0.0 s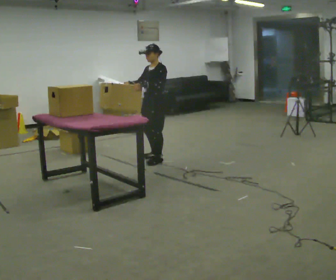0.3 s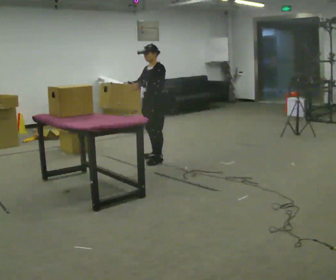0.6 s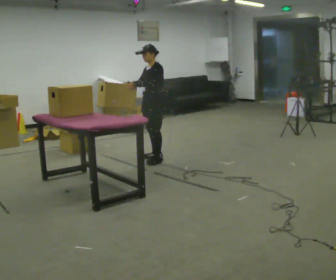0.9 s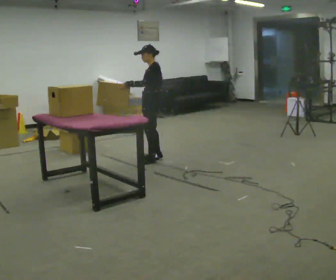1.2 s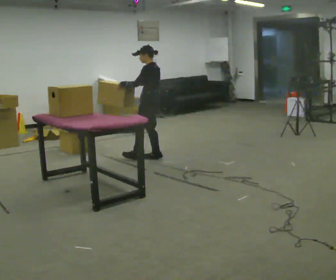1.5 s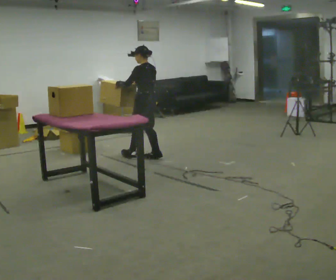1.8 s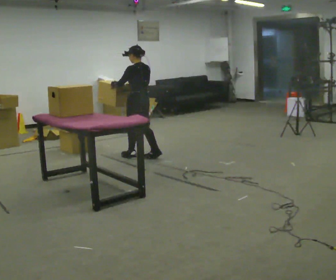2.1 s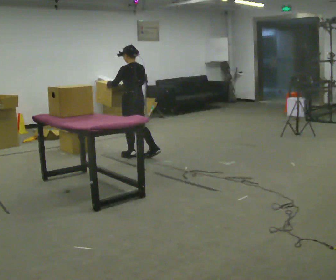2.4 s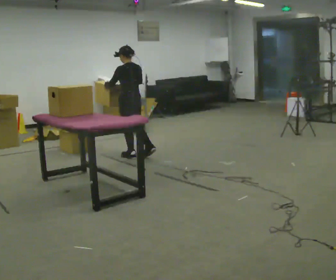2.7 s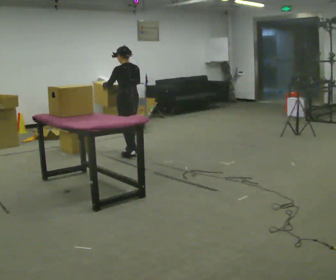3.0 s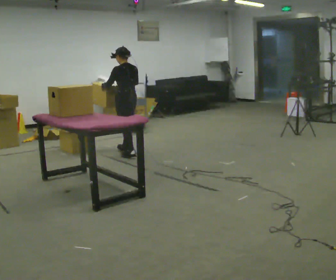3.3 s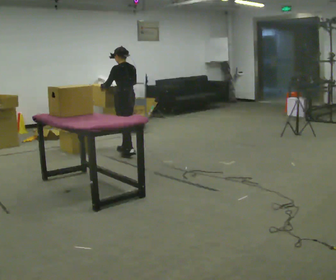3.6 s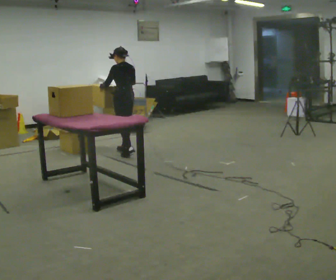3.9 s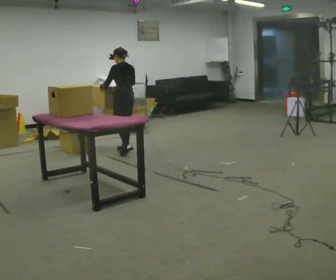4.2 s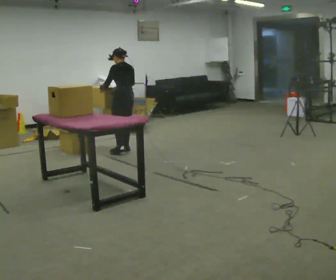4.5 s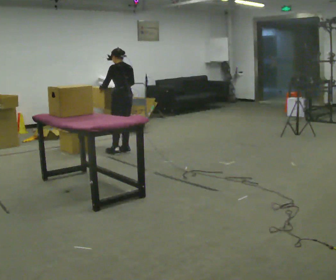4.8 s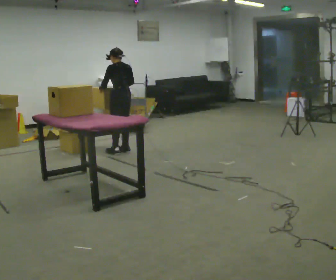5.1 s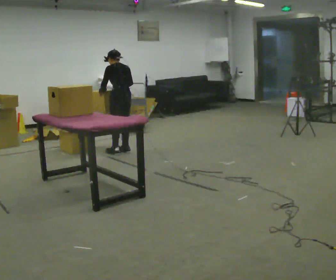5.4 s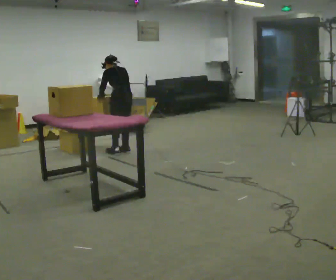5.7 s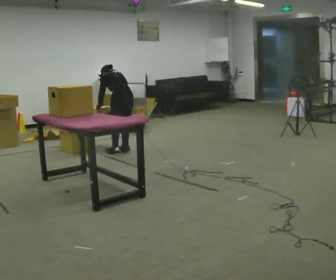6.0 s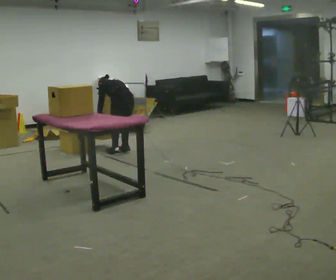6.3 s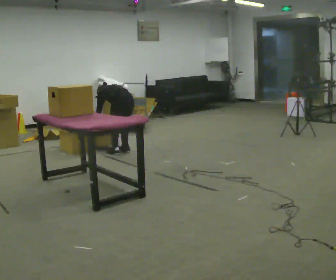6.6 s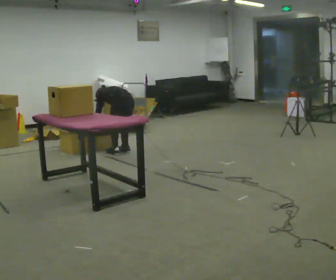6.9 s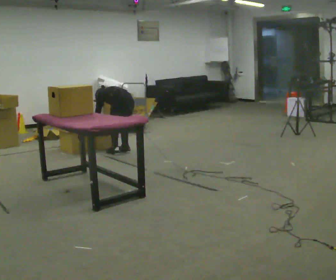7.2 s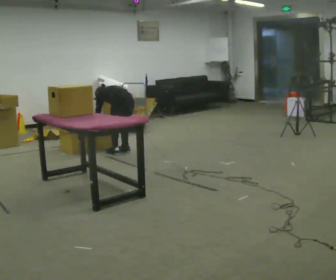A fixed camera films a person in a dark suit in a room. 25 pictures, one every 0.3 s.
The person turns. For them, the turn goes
to their right.
The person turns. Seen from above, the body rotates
clockwise.
0.0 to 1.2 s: The person turns about 45 degrees to their right, clockwise seen from above, so the part of the body nearest the lens slides to the left.
1.2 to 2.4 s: The person turns about 30 degrees to their right, clockwise seen from above, so the part of the body nearest the lens slides to the left. In the picture they go to the left, about 0.25 m in 1 step, which for them is forward and to their left.
2.4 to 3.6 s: In the picture they go away from the camera, about 0.25 m, which for them is forward.
3.6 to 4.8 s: The person moves a little, or ends about where they began.
4.8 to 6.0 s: The upper body goes downward. The upper body tips away from the camera, its near side rolling upward, as they bend forward. In the picture their left hand goes downward.
6.0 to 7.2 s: In the picture the upper body tilts counterclockwise, shoulders to the left, as they bend forward.
The film runs backward here.
